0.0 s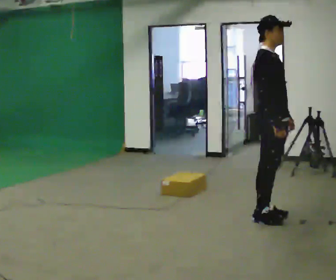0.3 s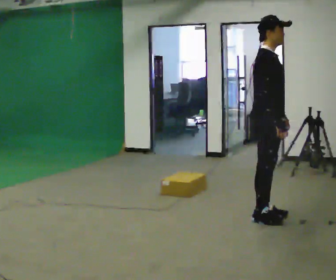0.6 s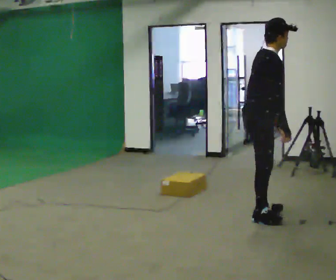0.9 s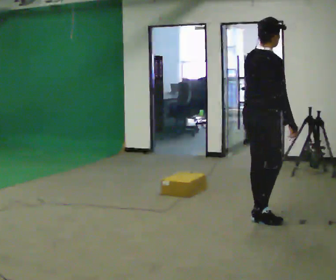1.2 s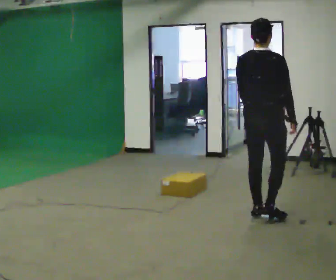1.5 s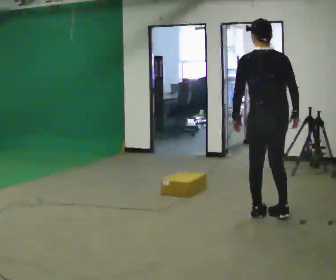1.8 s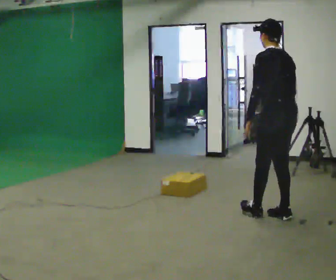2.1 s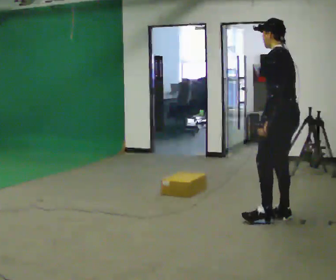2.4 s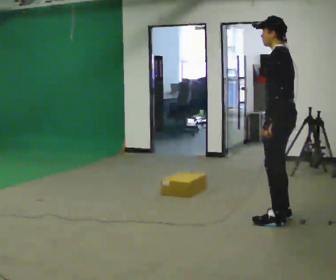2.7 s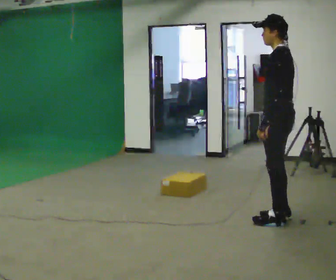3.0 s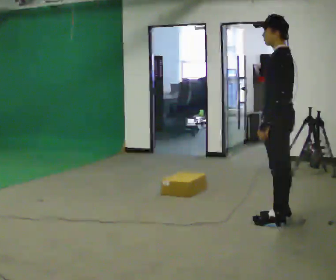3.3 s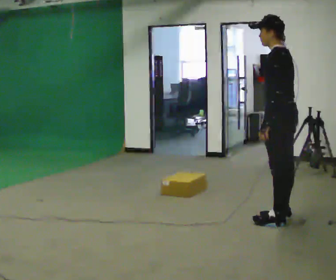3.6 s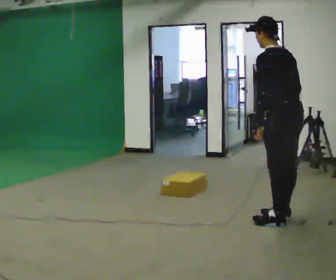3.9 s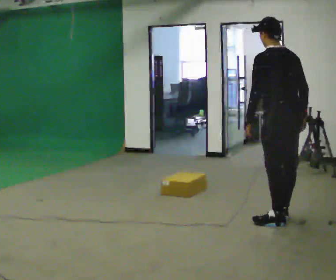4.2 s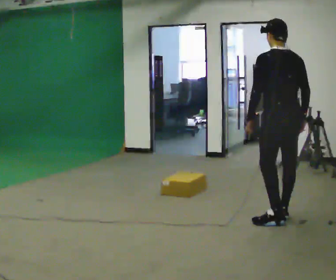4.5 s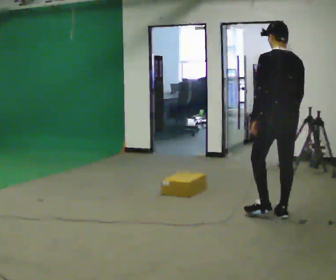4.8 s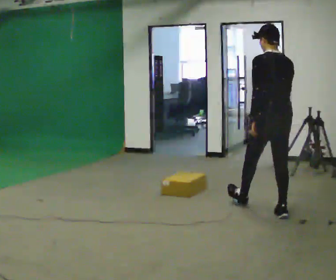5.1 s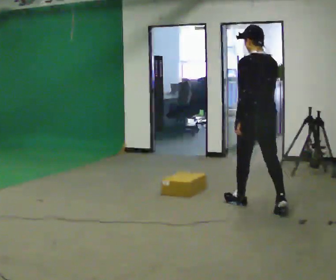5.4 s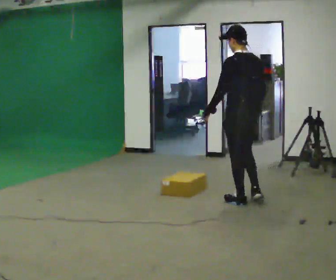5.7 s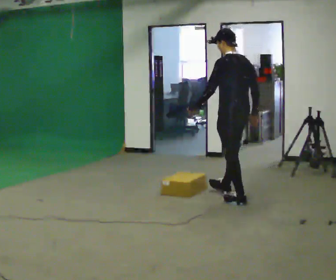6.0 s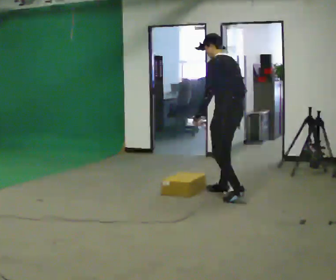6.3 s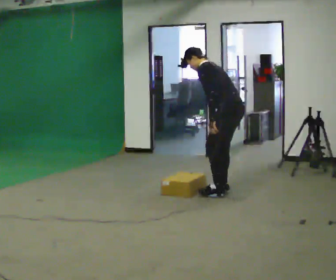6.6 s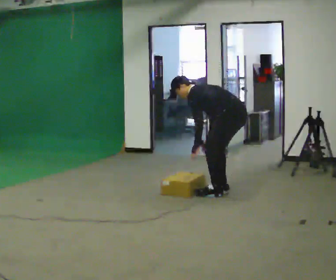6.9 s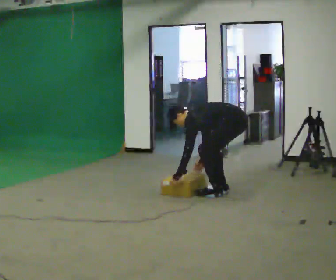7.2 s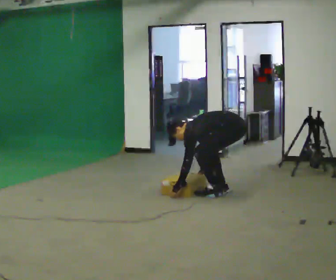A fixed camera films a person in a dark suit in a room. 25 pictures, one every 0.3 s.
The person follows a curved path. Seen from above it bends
counterclockwise.
The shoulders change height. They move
downward.
0.0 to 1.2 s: The person turns about 75 degrees to their left, counterclockwise seen from above, so the part of the body nearest the lens slides to the right.
1.2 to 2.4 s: The person turns about 105 degrees to their left, counterclockwise seen from above, so the part of the body nearest the lens slides to the right. In the picture they go to the right, about 0.25 m in 2 steps.
2.4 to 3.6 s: Seen from above the body turns clockwise, about 30 degrees: to their right, with its near side sliding to the left.
3.6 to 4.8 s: In the picture they go away from the camera, about 0.25 m, which for them is forward.
4.8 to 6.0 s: Seen from above the body turns counterclockwise, about 30 degrees: to their left, with its near side sliding to the right. In the picture they go away from the camera and to the left, about 1 m in 2 steps, which for them is forward. In the picture the upper body tilts counterclockwise, shoulders to the left.
6.0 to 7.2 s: The shoulders move downward. In the picture the upper body tilts counterclockwise, shoulders to the left, as they bend forward. In the picture their right hand goes downward and to the left.
The film runs forward here.
